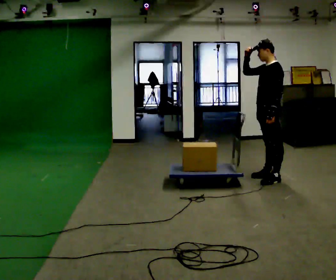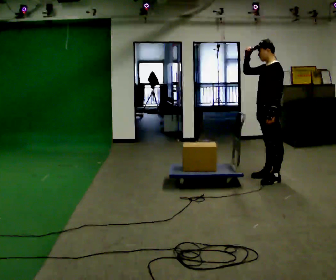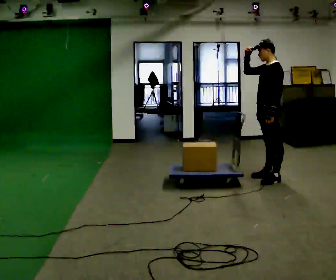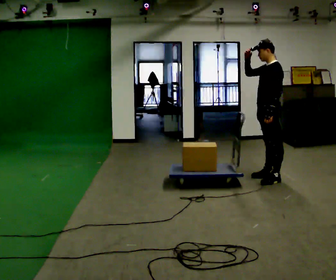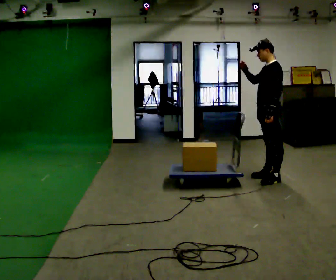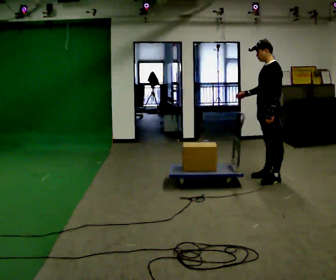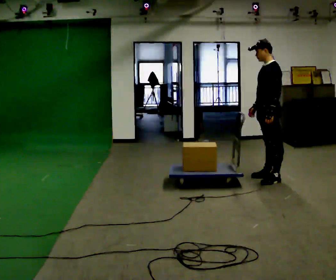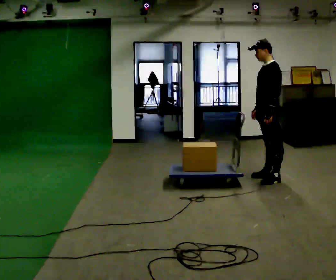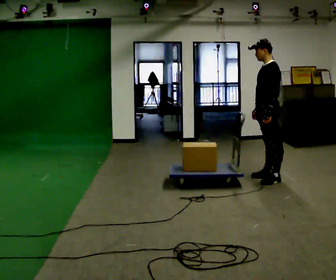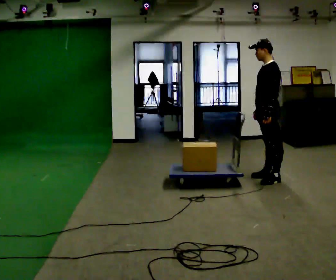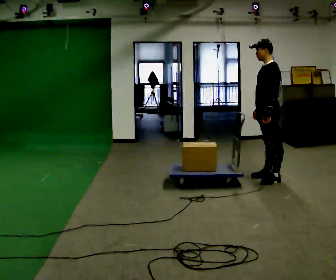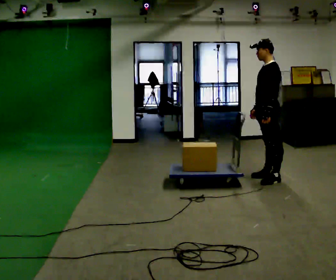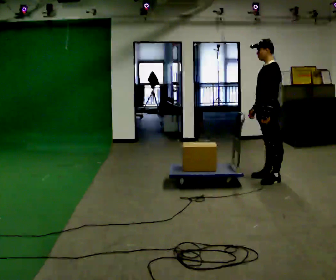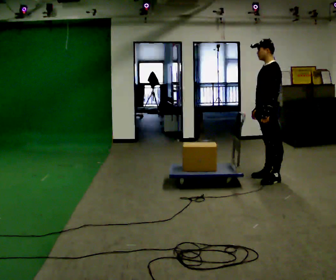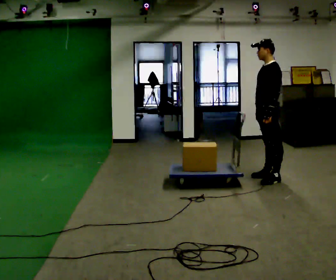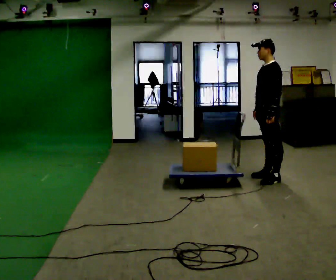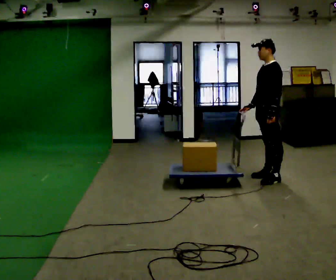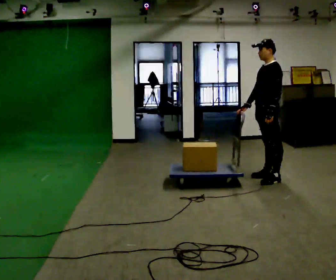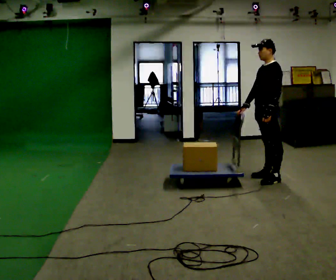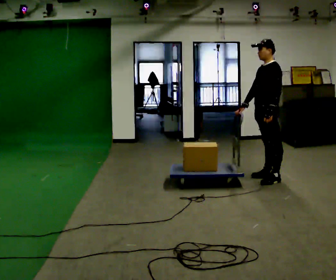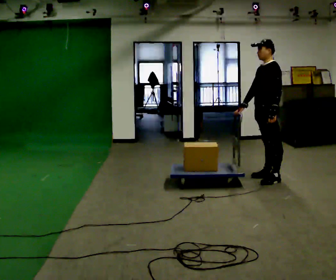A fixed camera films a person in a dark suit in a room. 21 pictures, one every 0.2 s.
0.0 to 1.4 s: In the picture their right hand goes downward, the arm swinging counterclockwise.
1.4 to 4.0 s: The person moves a little, or ends about where they began.
The film runs backward here.
